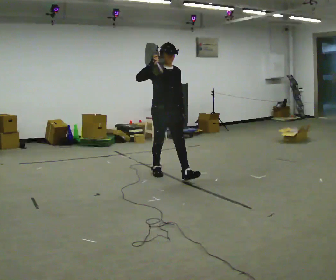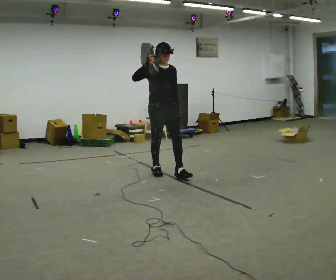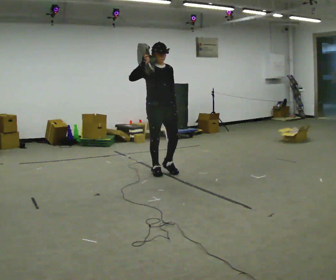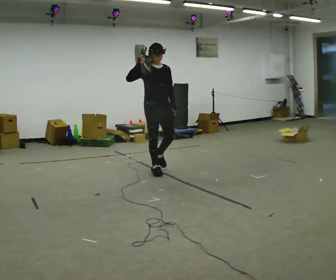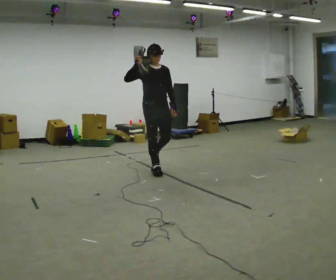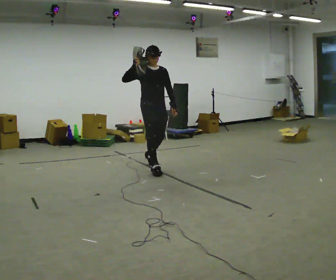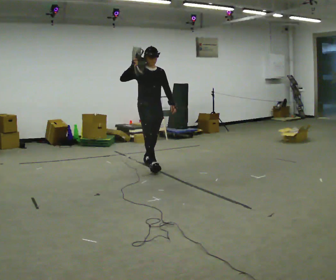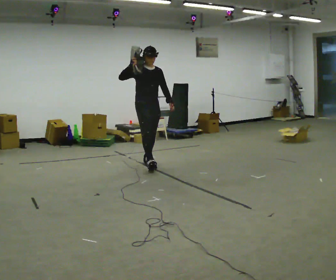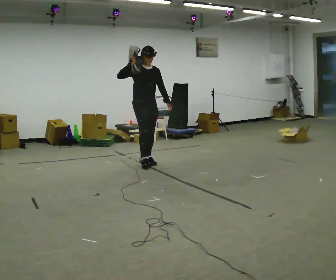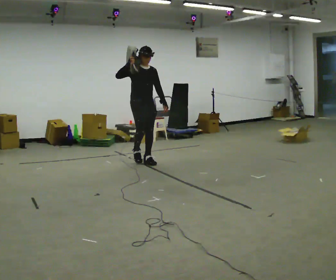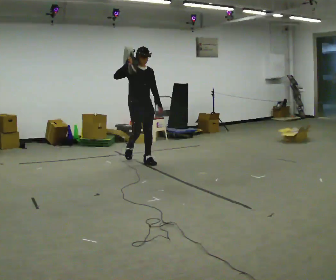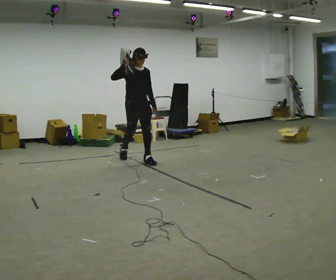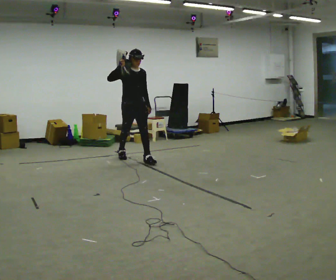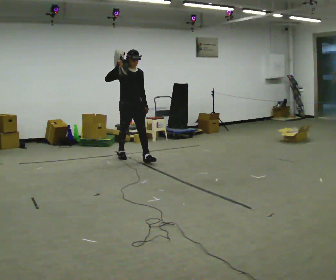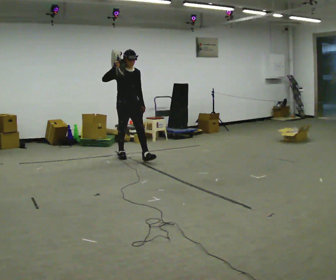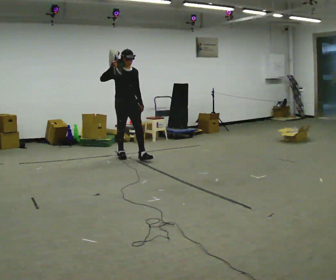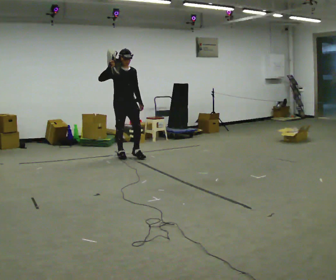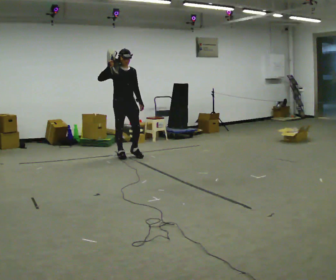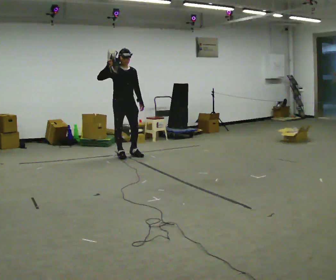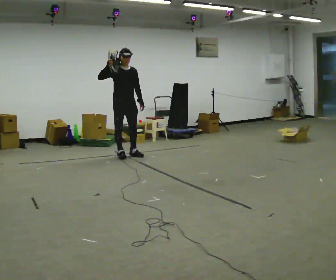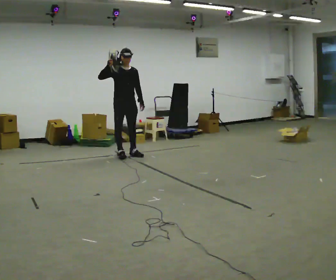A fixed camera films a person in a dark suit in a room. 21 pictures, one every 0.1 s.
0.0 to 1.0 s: In the picture they go away from the camera and to the left, about 1 m in 1 step, which for them is backward.
1.0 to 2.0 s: In the picture they go away from the camera and to the left, about 0.5 m in 1 step, which for them is backward.
The film runs backward here.
